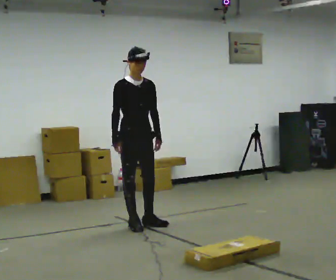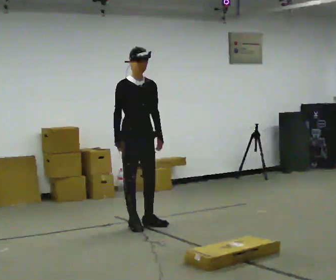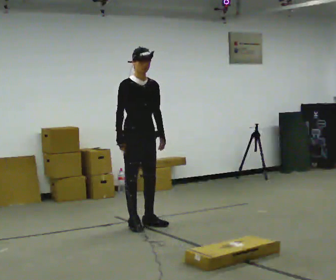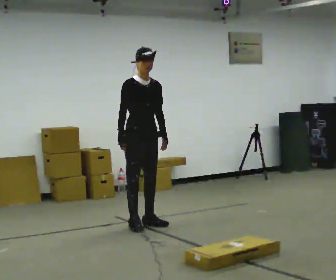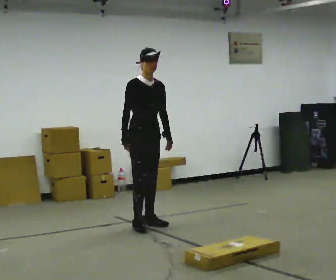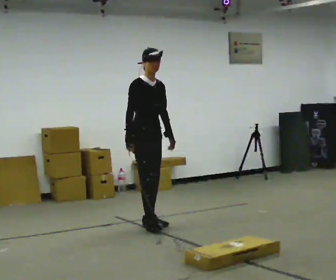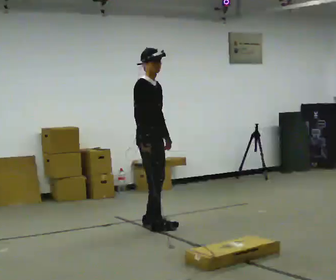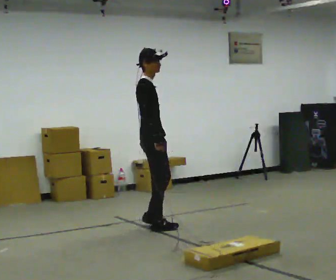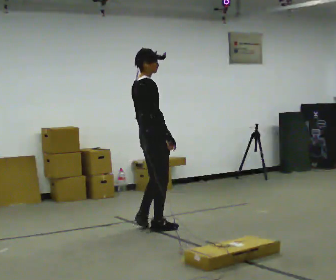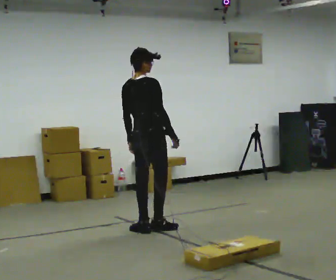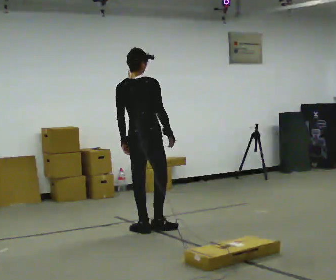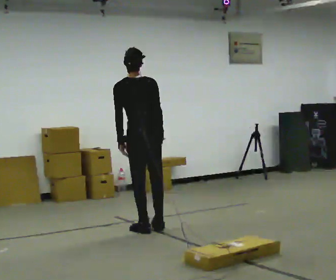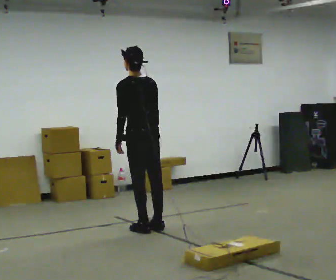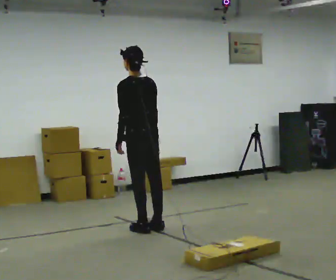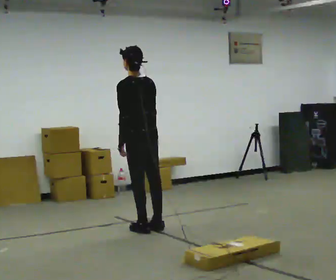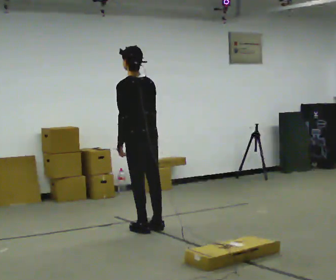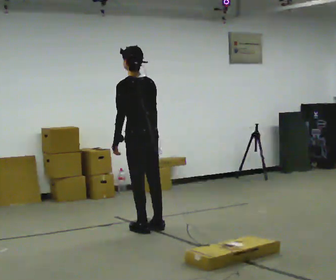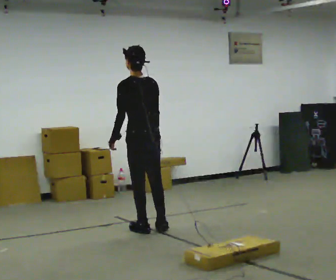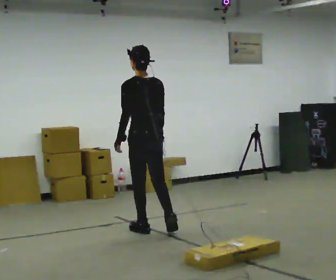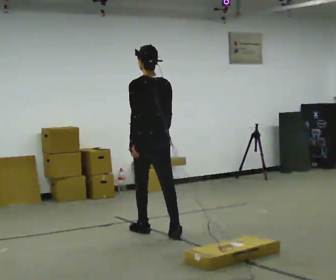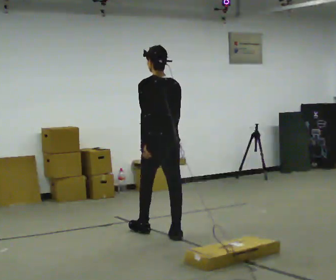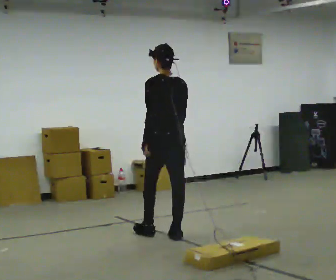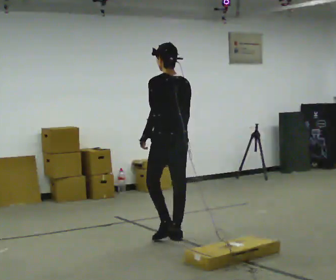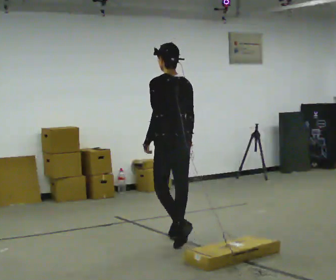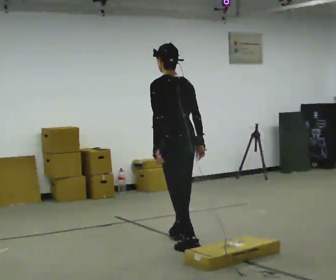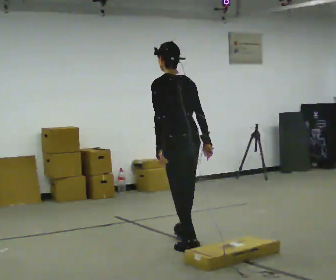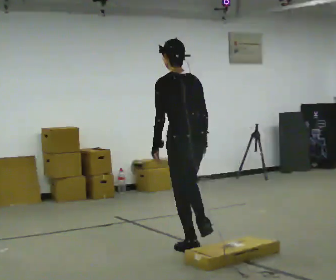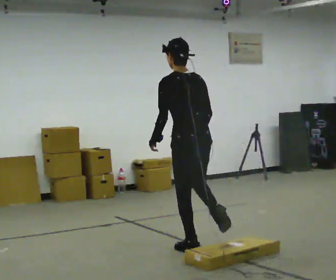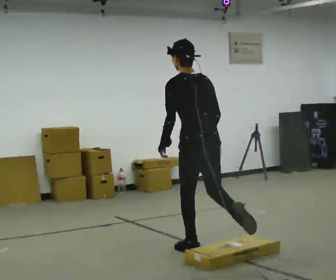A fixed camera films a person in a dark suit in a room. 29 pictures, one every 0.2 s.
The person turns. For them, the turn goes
to their left.
The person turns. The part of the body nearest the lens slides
to the right.
0.0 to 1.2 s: The person turns about 30 degrees to their left, counterclockwise seen from above, so the part of the body nearest the lens slides to the right.
1.2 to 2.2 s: The part of the body nearest the lens slides to the right as the person turns to their left by about 120 degrees. In the picture they go toward the camera, about 0.25 m in 1 step.
2.2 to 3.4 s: Seen from above the body turns counterclockwise, about 45 degrees: to their left, with its near side sliding to the right.
3.4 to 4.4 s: In the picture they go toward the camera and to the right, about 0.25 m in 2 steps, which for them is backward.
4.4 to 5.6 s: In the picture they go toward the camera, about 0.5 m in 1 step, which for them is backward.
The film runs backward here.
